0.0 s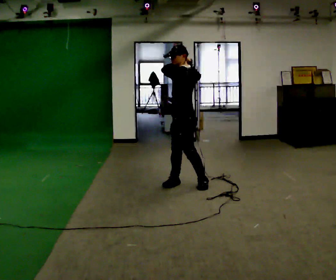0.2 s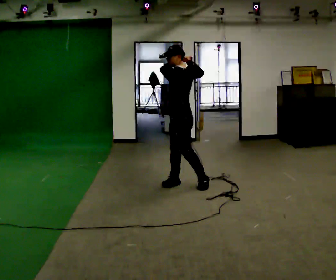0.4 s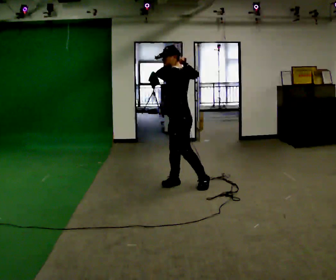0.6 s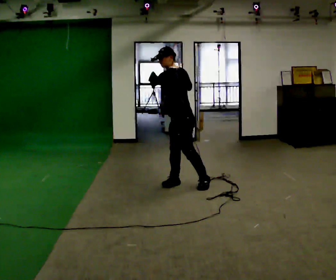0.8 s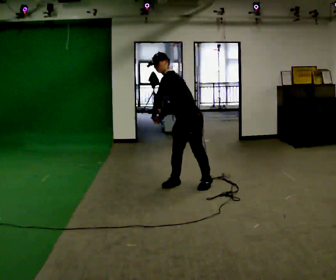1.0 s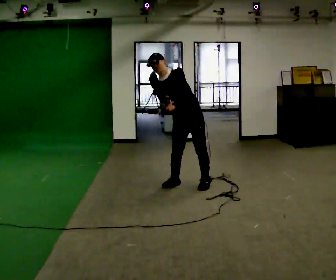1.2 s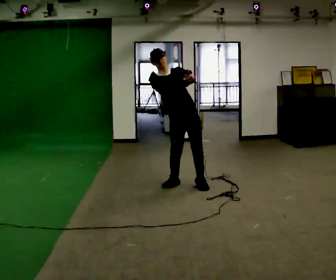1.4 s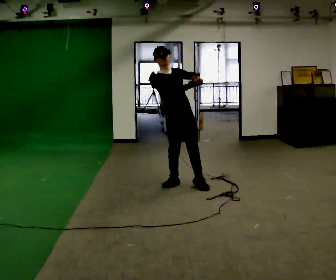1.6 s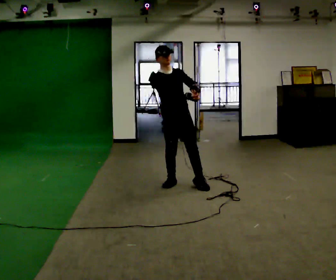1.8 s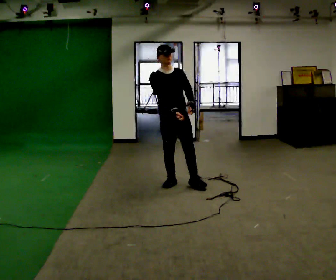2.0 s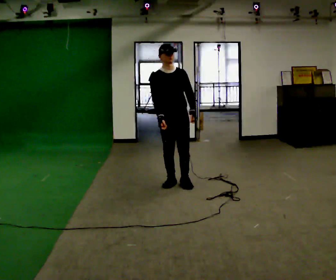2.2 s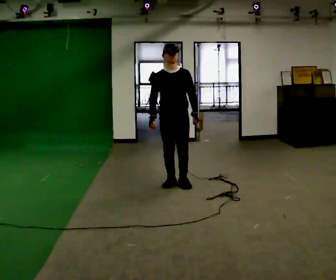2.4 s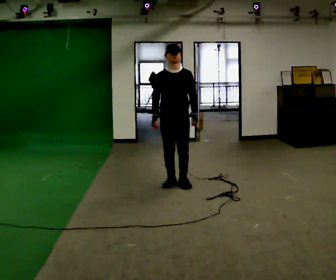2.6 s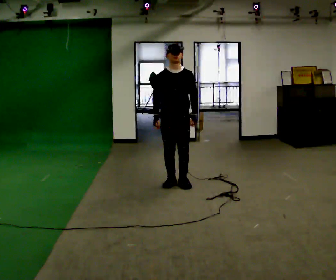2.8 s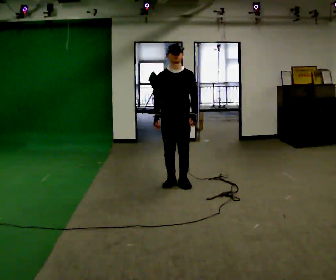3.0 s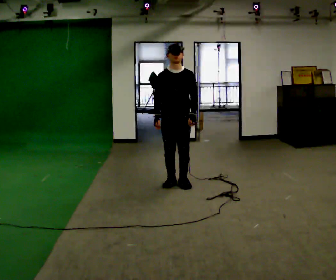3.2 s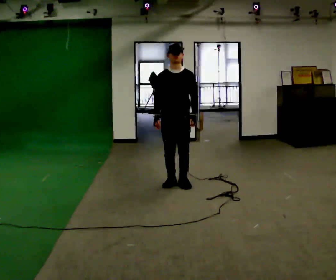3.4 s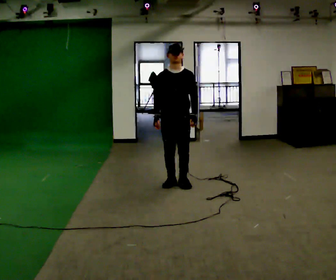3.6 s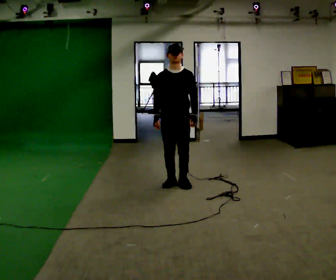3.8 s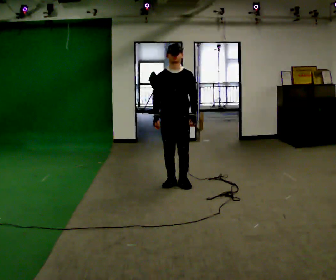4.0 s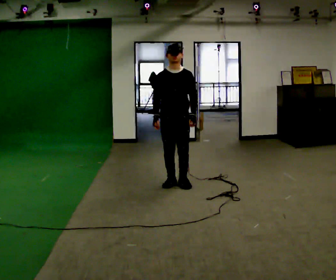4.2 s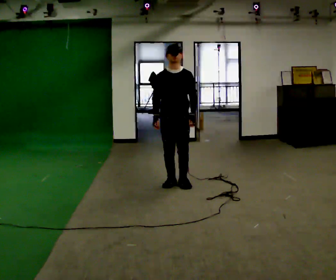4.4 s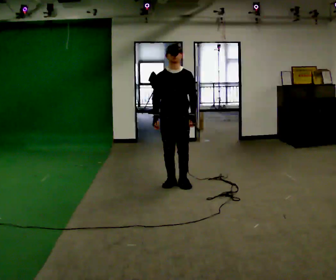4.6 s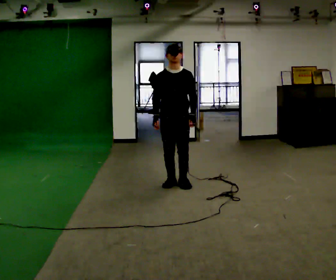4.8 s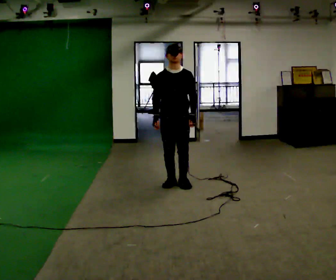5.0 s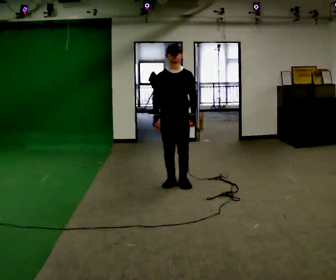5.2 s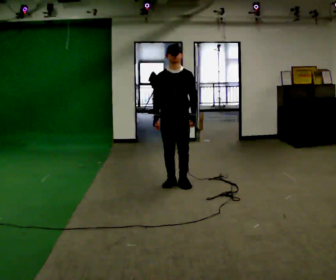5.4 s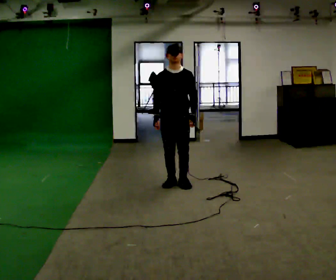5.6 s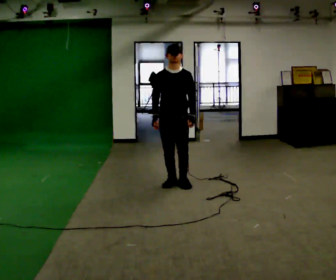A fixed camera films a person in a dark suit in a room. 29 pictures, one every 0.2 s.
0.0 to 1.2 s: Seen from above the body turns counterclockwise, about 105 degrees: to their left, with its near side sliding to the right. In the picture the upper body tilts counterclockwise, shoulders to the left.
1.2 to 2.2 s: In the picture the upper body tilts clockwise, shoulders to the right. In the picture their right hand goes to the left and downward.
2.2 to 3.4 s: The person moves a little, or ends about where they began.
3.4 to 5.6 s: The person keeps their place and pose.
The film runs forward here.
